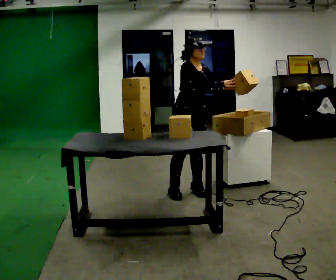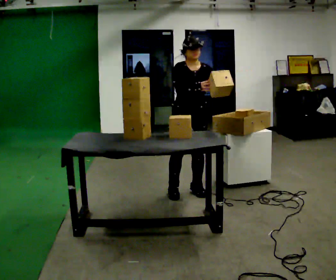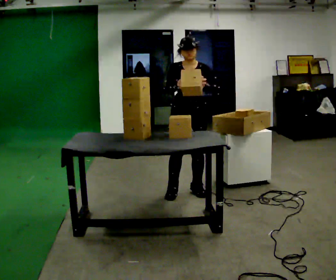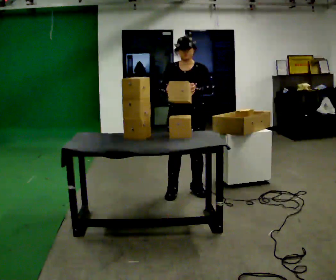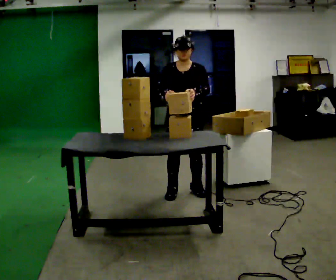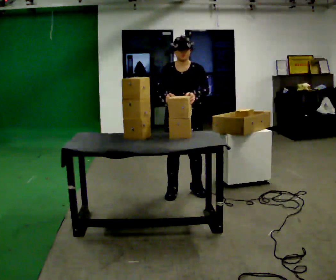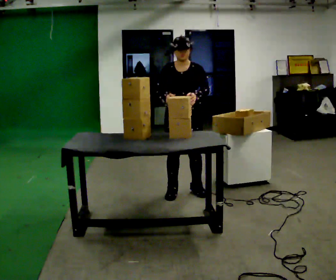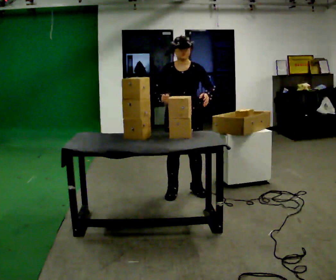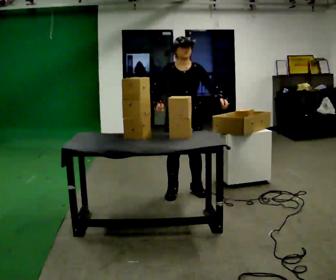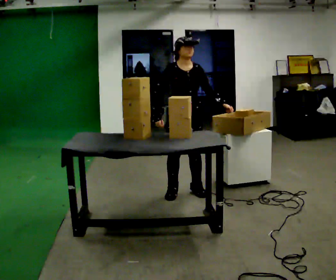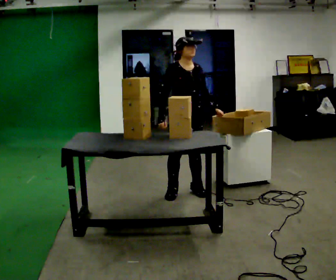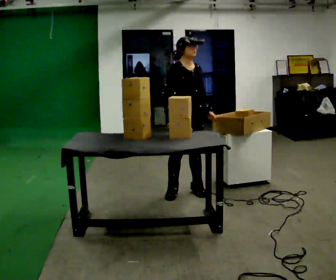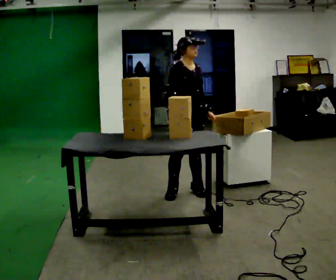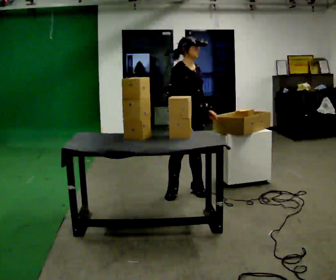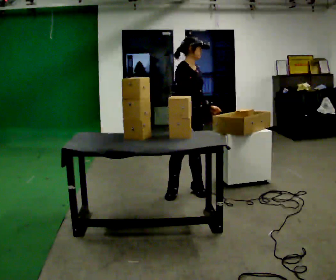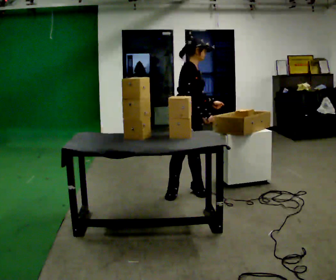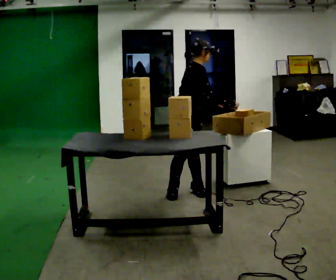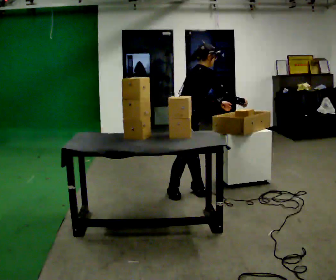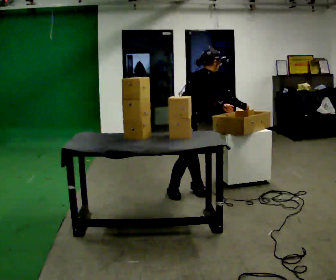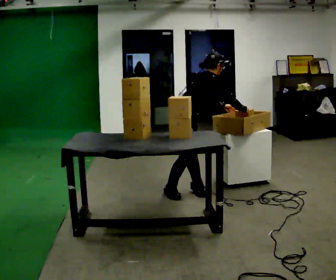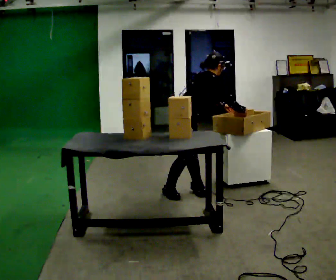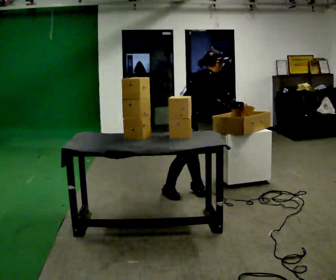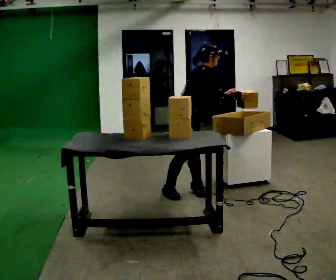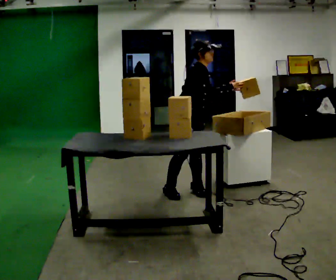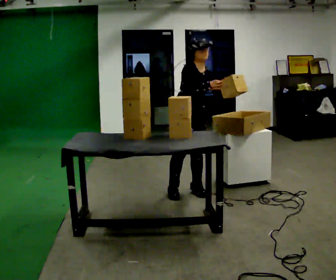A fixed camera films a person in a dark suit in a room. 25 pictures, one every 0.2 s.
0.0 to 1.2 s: Seen from above the body turns clockwise, about 45 degrees: to their right, with its near side sliding to the left. In the picture their left hand goes to the left.
1.2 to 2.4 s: The part of the body nearest the lens slides to the right as the person turns to their left by about 45 degrees.
2.4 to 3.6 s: The person turns about 60 degrees to their left, counterclockwise seen from above, so the part of the body nearest the lens slides to the right. In the picture the upper body tilts clockwise, shoulders to the right, as they bend forward. In the picture their right hand goes to the right, the arm swinging counterclockwise.
3.6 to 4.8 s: The person turns about 60 degrees to their right, clockwise seen from above, so the part of the body nearest the lens slides to the left. In the picture the upper body tilts counterclockwise, shoulders to the left, as they lean back or straighten. In the picture their right hand goes to the left.
The film runs forward here.
